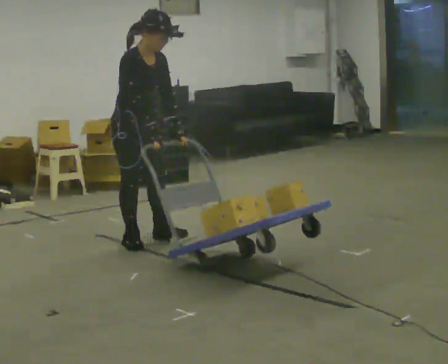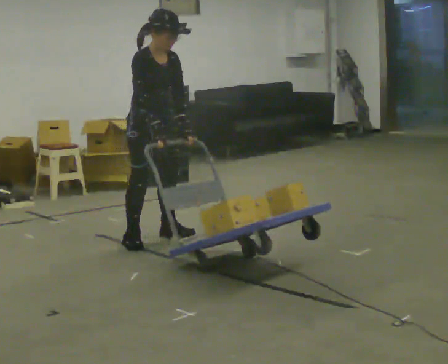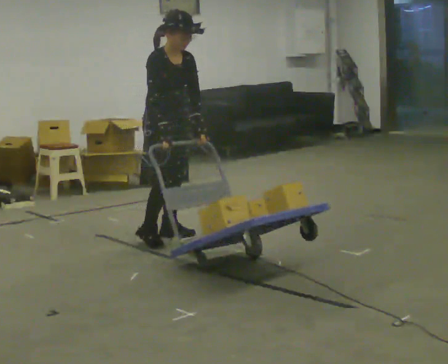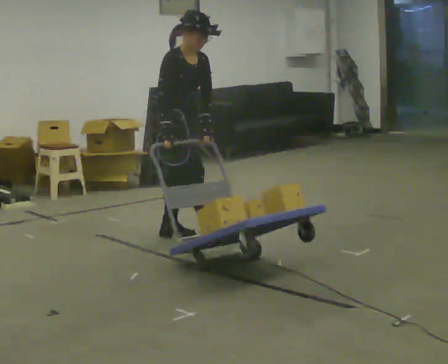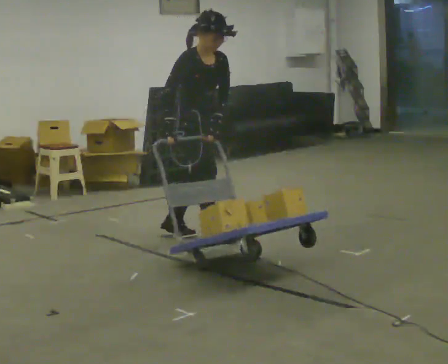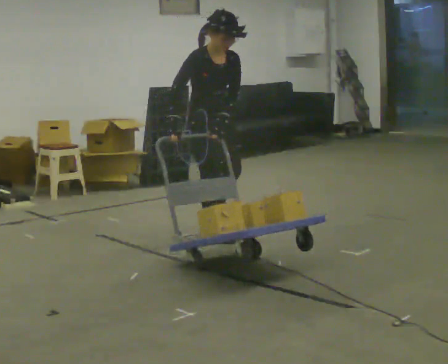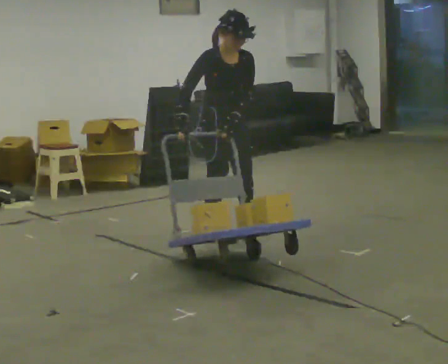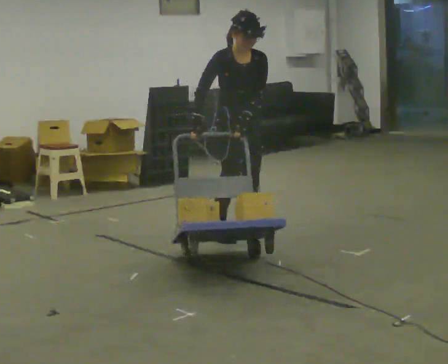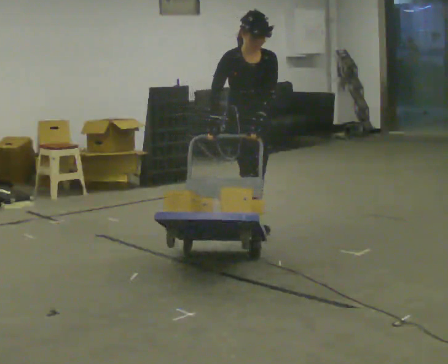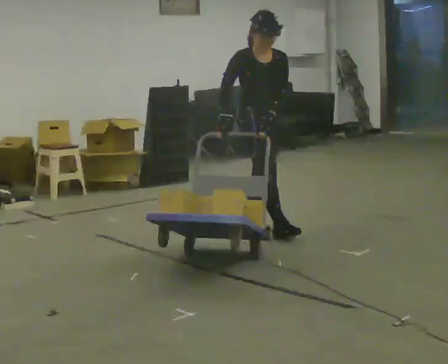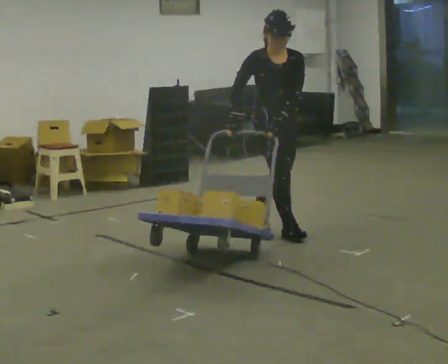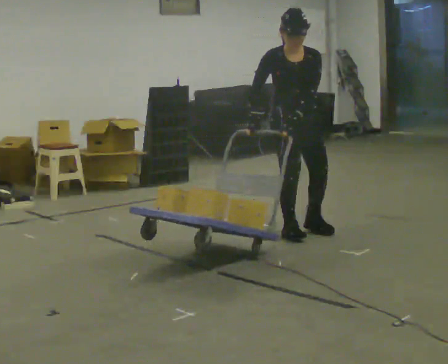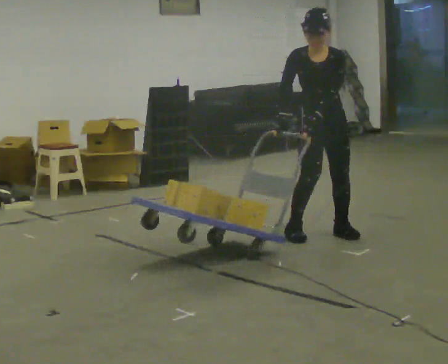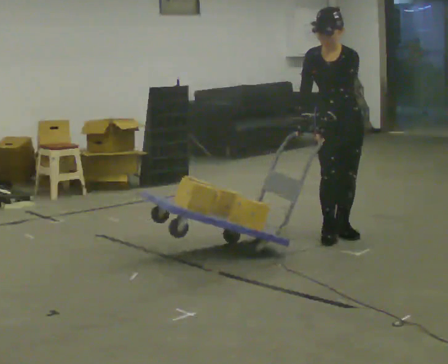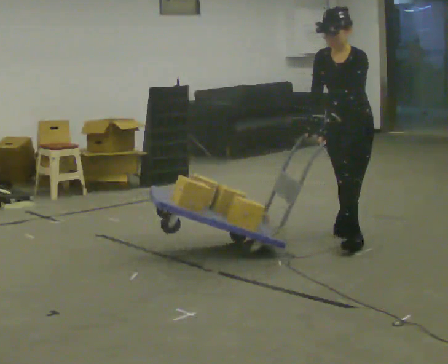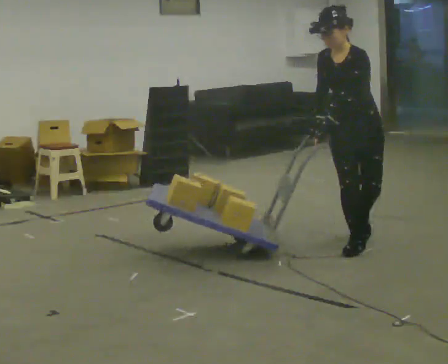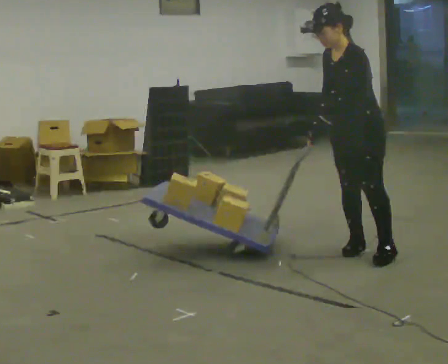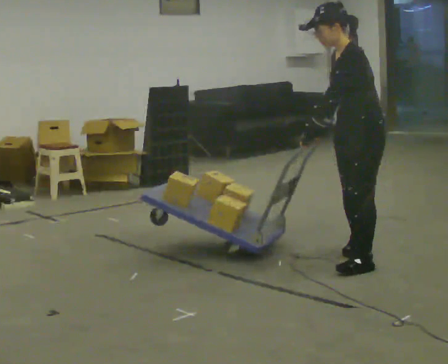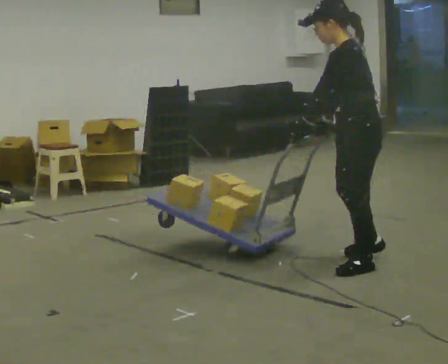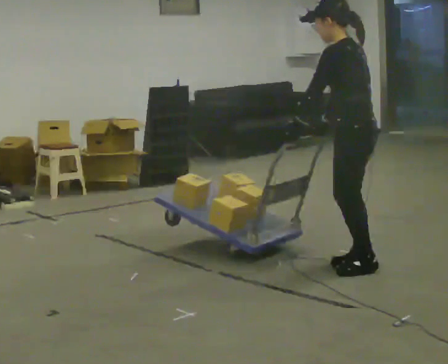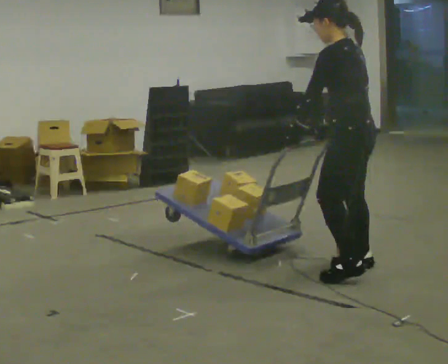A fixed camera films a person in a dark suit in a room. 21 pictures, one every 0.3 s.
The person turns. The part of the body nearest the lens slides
to the left.
The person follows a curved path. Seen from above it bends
clockwise.
0.0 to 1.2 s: In the picture they go to the right, about 0.5 m in 1 step, which for them is to their left and forward.
1.2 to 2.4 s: Seen from above the body turns clockwise, about 30 degrees: to their right, with its near side sliding to the left. In the picture they go to the right and away from the camera, about 0.5 m in 1 step, which for them is to their left.
2.4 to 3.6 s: The person turns about 30 degrees to their right, clockwise seen from above, so the part of the body nearest the lens slides to the left. In the picture they go to the right, about 0.5 m in 2 steps, which for them is forward and to their left.
3.6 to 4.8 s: The person turns about 45 degrees to their right, clockwise seen from above, so the part of the body nearest the lens slides to the left. In the picture they go toward the camera, about 0.5 m in 1 step, which for them is forward and to their left.
4.8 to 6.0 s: Seen from above the body turns clockwise, about 60 degrees: to their right, with its near side sliding to the left. In the picture they go toward the camera, about 0.5 m in 2 steps.
The film runs forward here.
